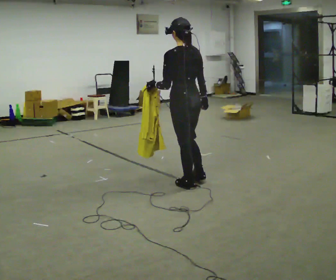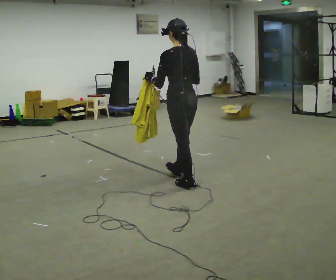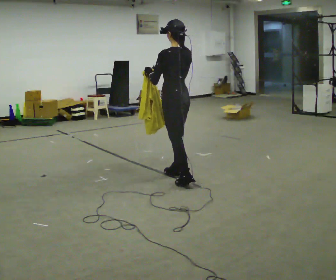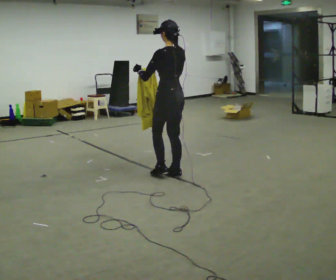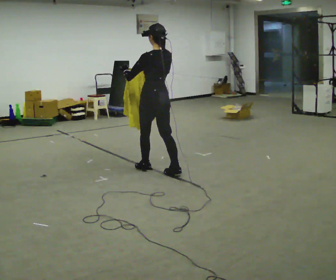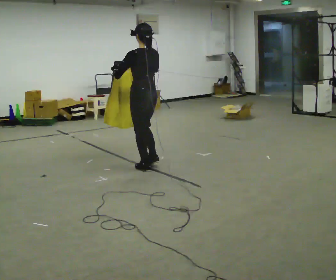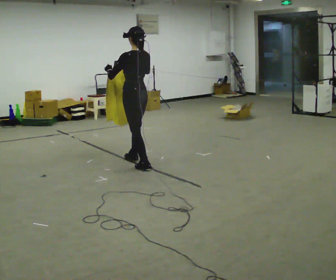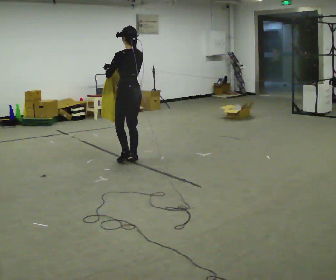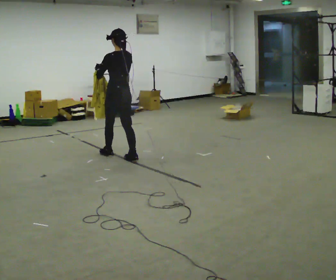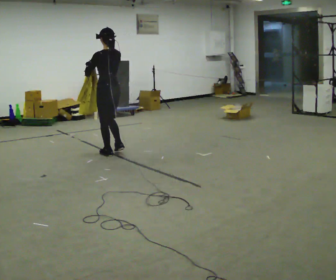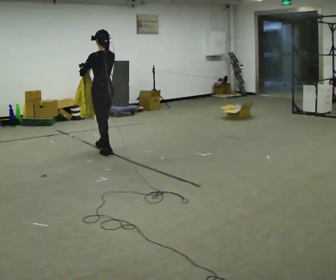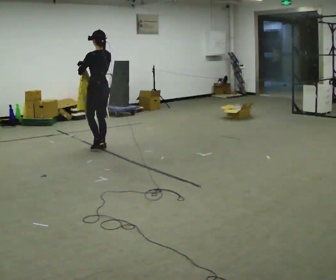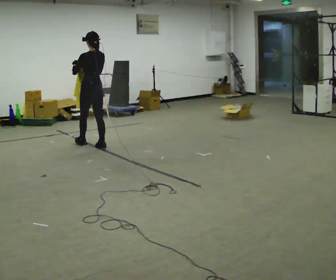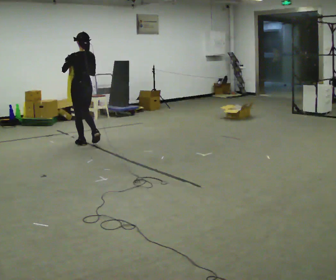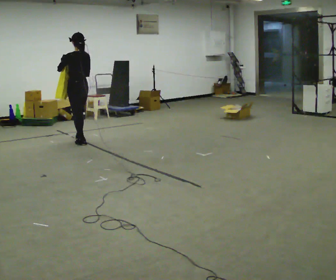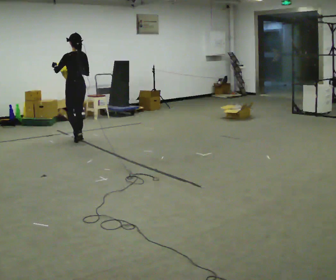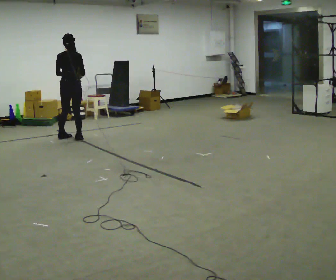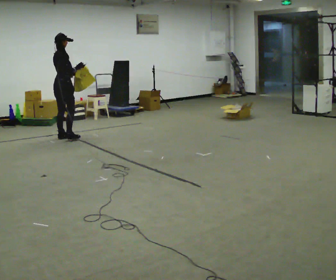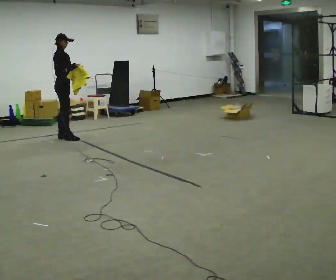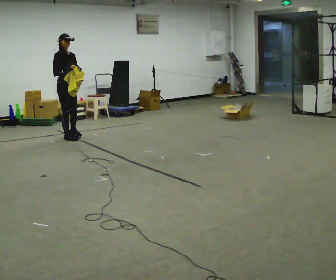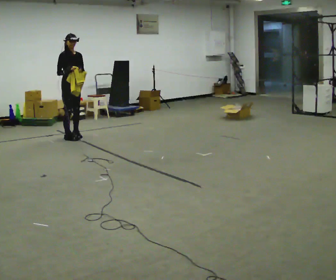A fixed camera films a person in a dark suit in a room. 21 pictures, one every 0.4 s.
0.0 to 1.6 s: In the picture they go away from the camera, about 0.5 m in 2 steps, which for them is forward.
1.6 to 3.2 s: In the picture they go away from the camera and to the left, about 1 m in 2 steps, which for them is forward.
3.2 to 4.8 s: In the picture they go away from the camera and to the left, about 0.5 m in 2 steps, which for them is forward.
4.8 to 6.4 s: The person turns about 30 degrees to their right, clockwise seen from above, so the part of the body nearest the lens slides to the left. In the picture they go away from the camera and to the left, about 0.5 m in 2 steps, which for them is forward.
6.4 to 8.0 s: The person turns about 150 degrees to their right, clockwise seen from above, so the part of the body nearest the lens slides to the left. In the picture they go away from the camera, about 0.25 m in 2 steps.
The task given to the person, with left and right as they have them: Carry the cloth and, while walking, fold it in half, then unfold it. Keep repeating as you walk. Do not stop.
The film runs forward here.
